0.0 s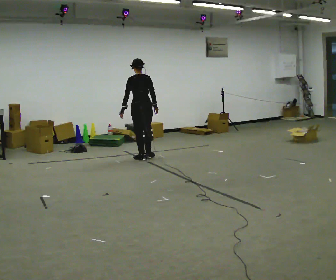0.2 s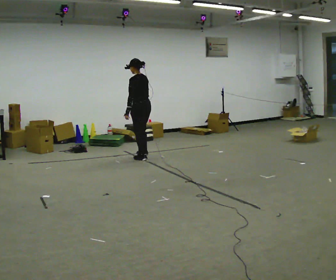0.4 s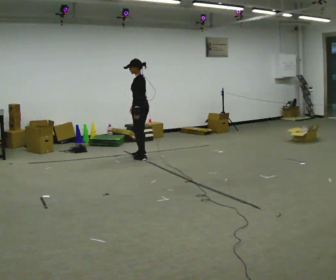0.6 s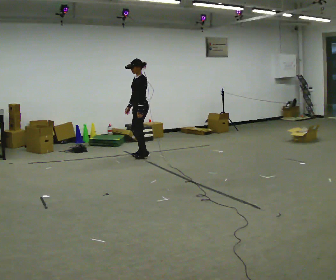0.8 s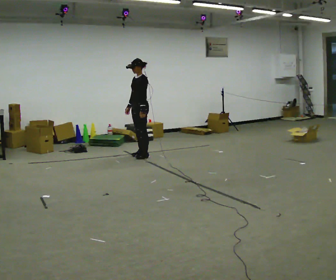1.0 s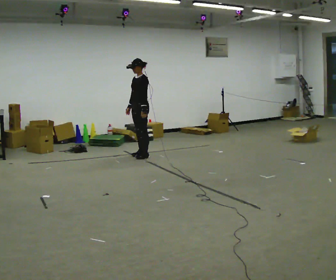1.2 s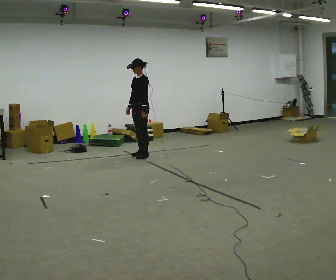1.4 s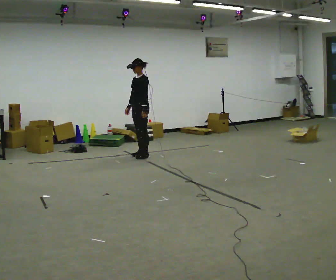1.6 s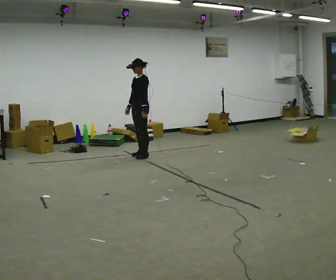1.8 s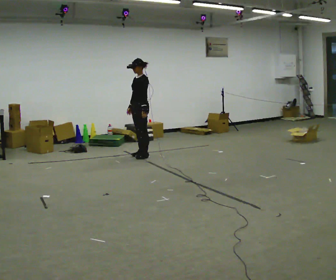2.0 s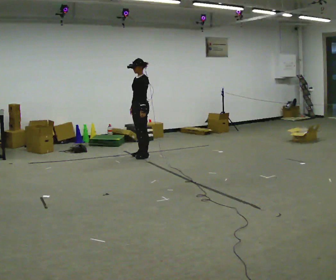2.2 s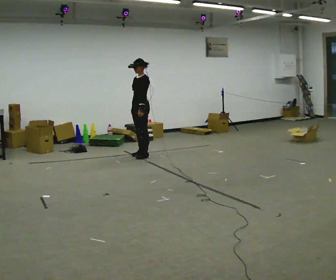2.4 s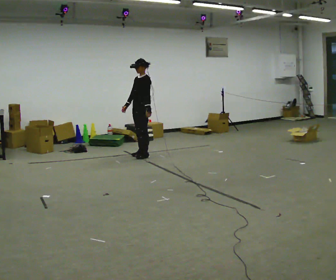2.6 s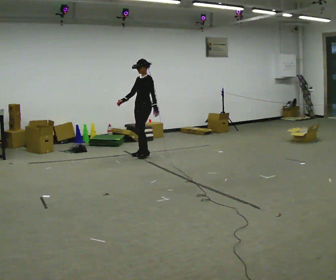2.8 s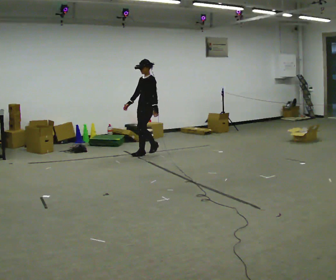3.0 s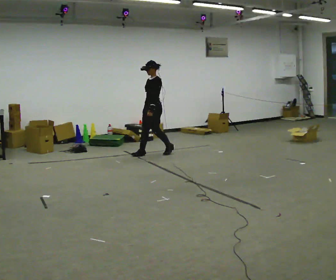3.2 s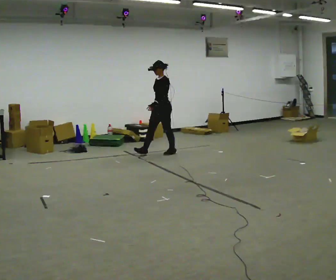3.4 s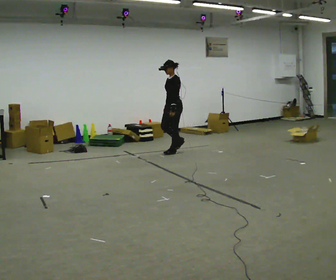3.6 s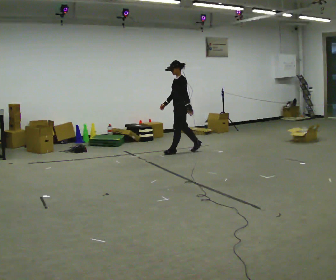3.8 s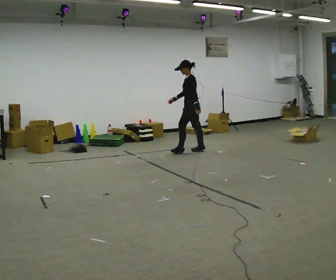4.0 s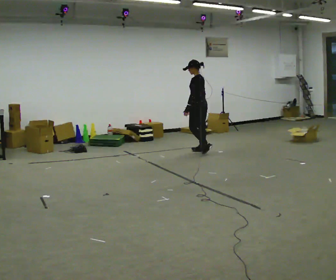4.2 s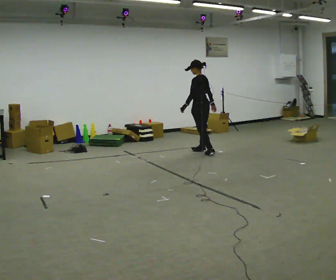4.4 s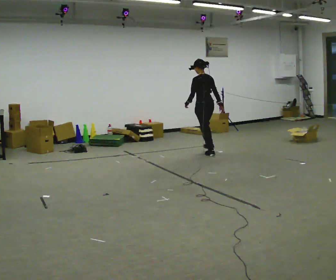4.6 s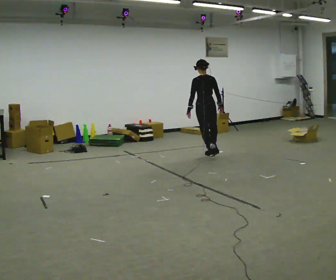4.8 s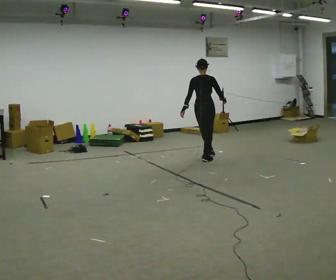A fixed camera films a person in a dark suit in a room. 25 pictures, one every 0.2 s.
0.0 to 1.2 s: Seen from above the body turns counterclockwise, about 105 degrees: to their left, with its near side sliding to the right. In the picture they go away from the camera, about 0.25 m in 2 steps. In the picture their right hand goes to the left, the arm swinging clockwise.
1.2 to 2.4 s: The person moves a little, or ends about where they began.
2.4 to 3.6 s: In the picture they go to the right, about 0.75 m in 2 steps, which for them is backward.
3.6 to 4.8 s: The person turns about 120 degrees to their right, clockwise seen from above, so the part of the body nearest the lens slides to the left. In the picture they go toward the camera and to the right, about 0.5 m in 2 steps.
The film runs backward here.
